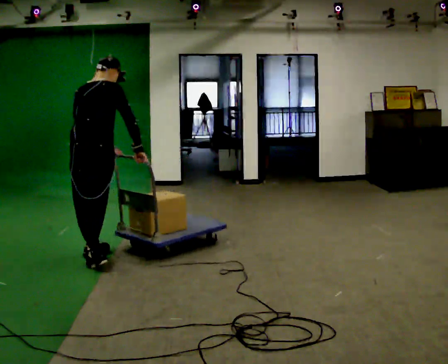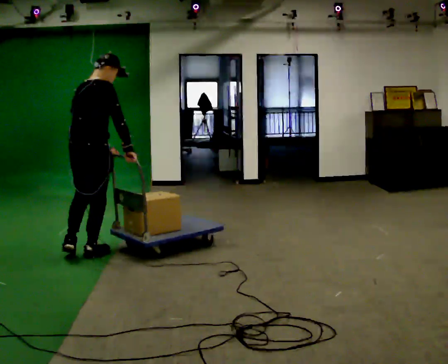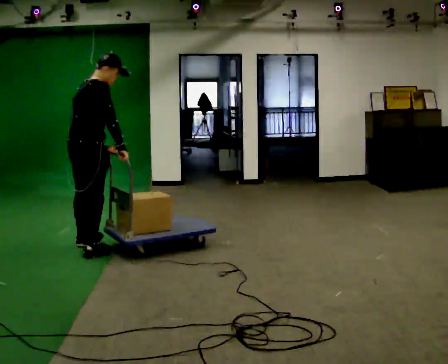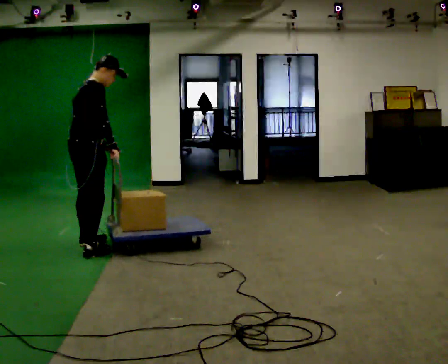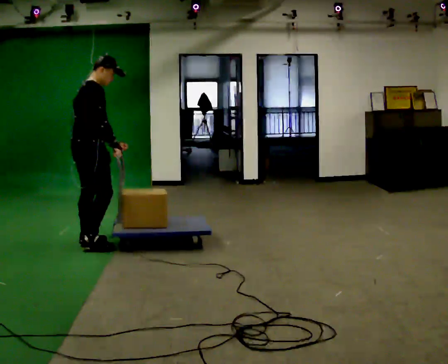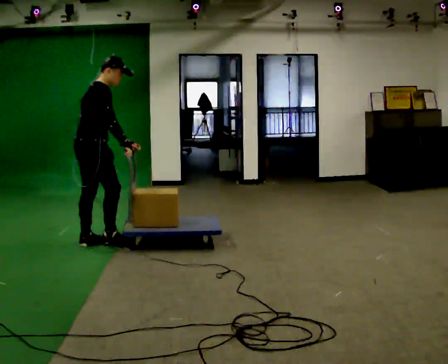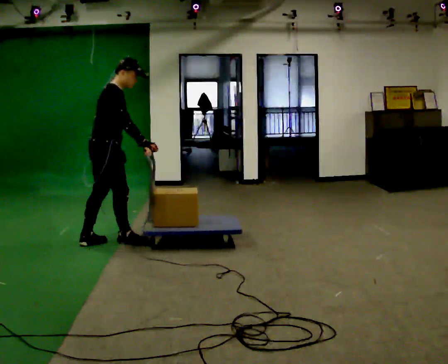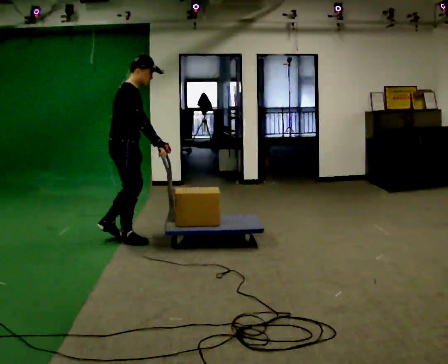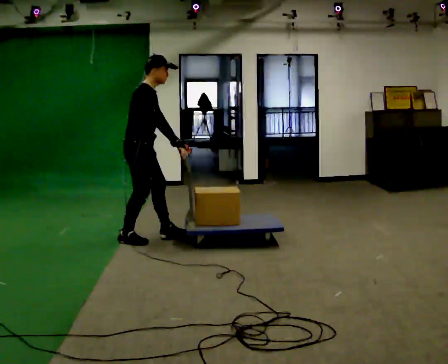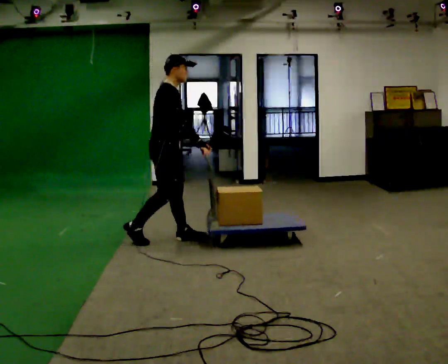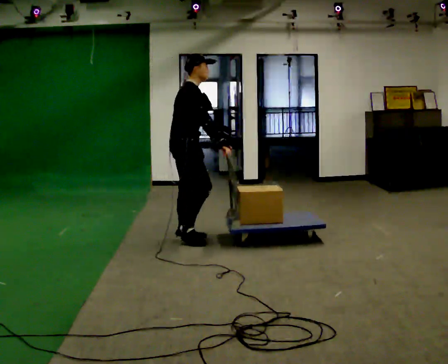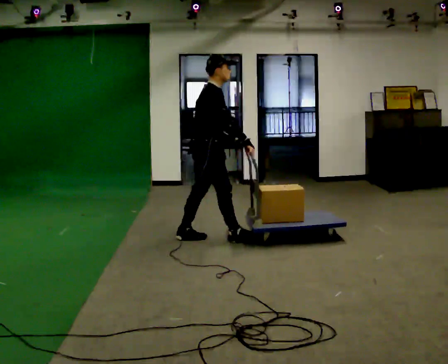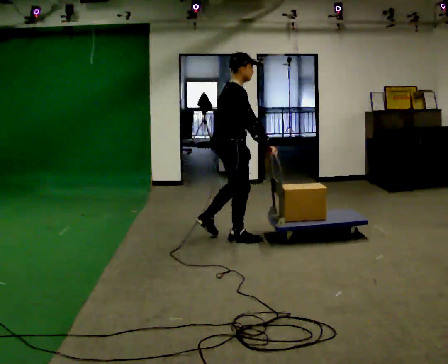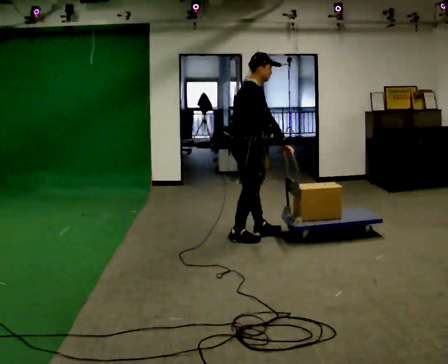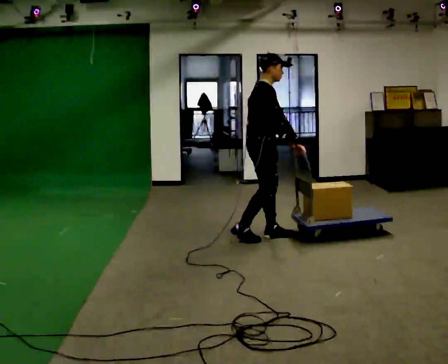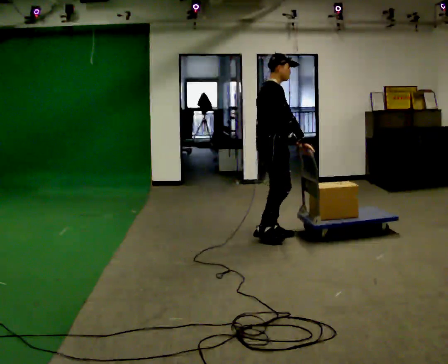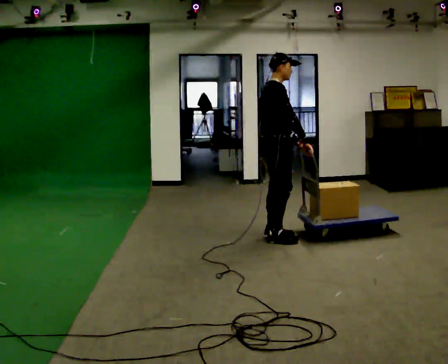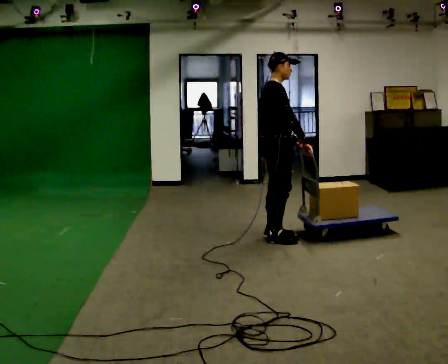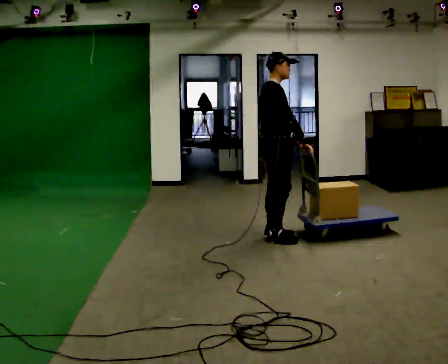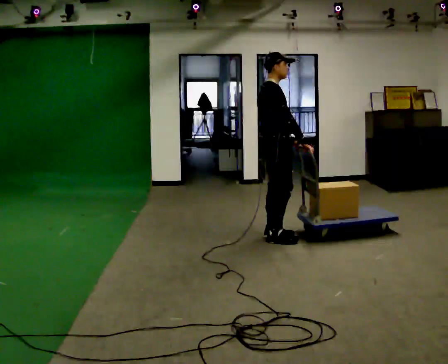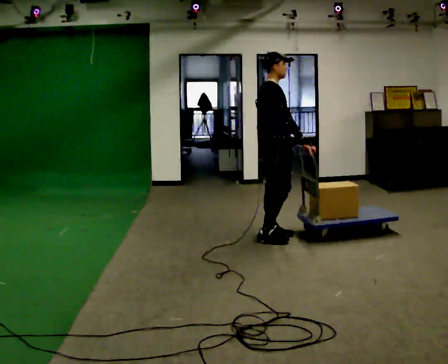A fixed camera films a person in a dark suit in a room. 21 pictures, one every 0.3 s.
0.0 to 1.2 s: The person turns about 60 degrees to their right, clockwise seen from above, so the part of the body nearest the lens slides to the left. In the picture they go away from the camera, about 0.5 m in 1 step, which for them is to their left and forward.
1.2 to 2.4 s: The person turns about 30 degrees to their right, clockwise seen from above, so the part of the body nearest the lens slides to the left. In the picture they go to the right and away from the camera, about 0.5 m in 1 step, which for them is forward.
2.4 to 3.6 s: In the picture they go to the right, about 1 m in 2 steps, which for them is forward.
3.6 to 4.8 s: In the picture they go to the right, about 0.5 m in 2 steps, which for them is forward.
4.8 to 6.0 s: The person moves a little, or ends about where they began.
The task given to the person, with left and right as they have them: Turn the cart round to face the other way without moving it out of the marked square, then turn it back. Repeat until the operator says stop.
The film runs forward here.
